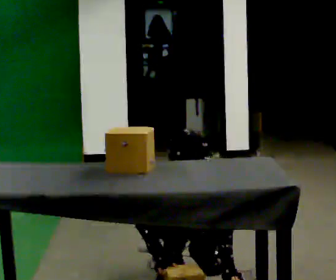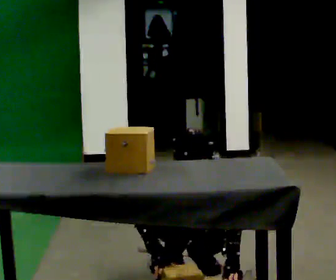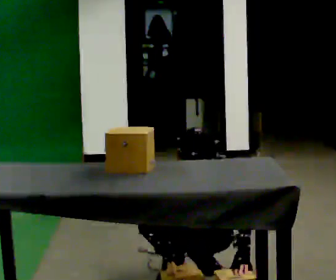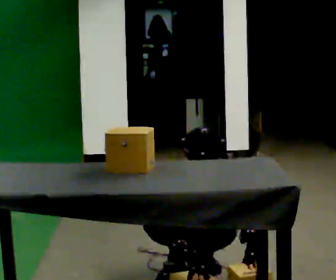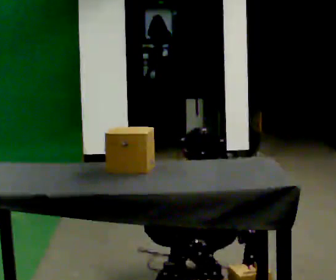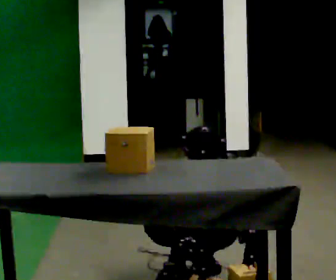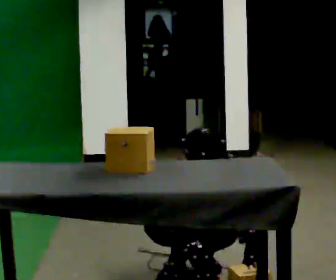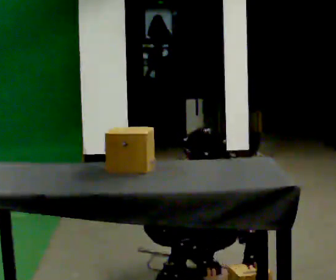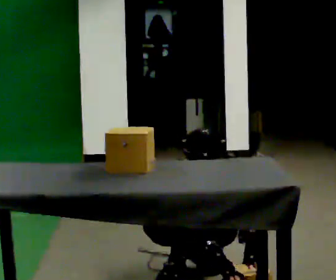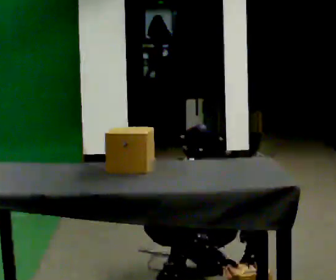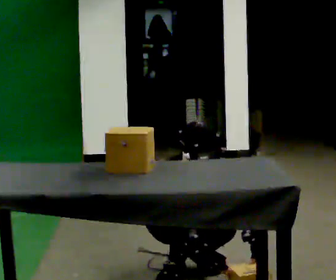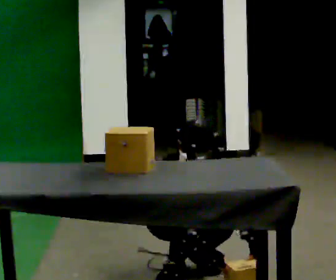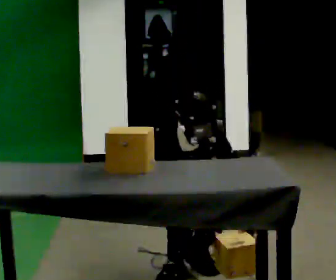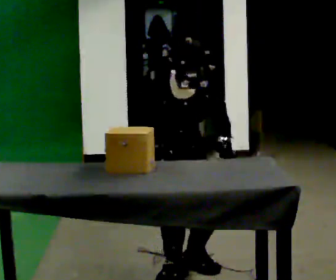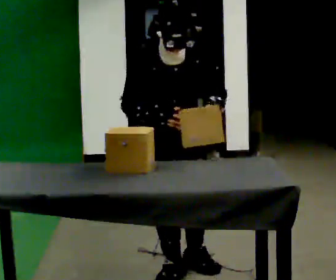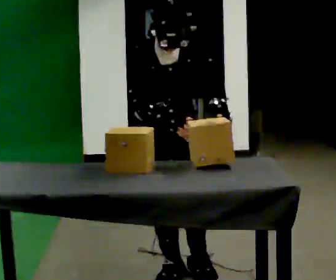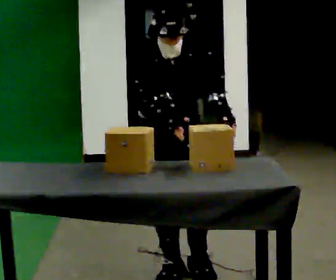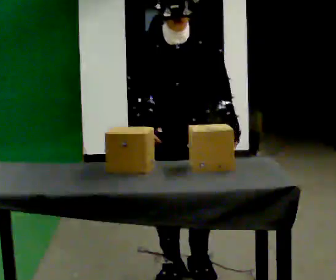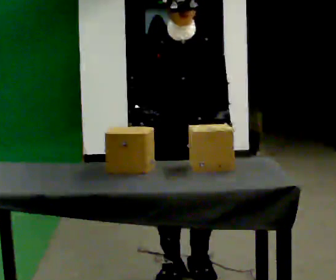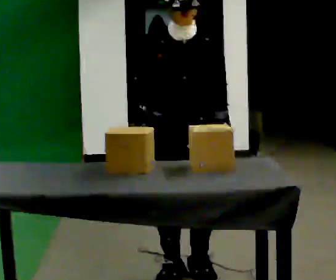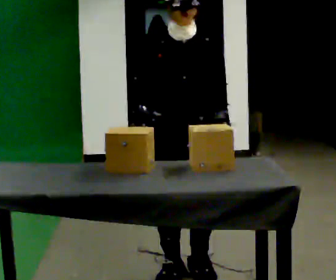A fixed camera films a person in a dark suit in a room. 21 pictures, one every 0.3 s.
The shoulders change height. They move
upward.
0.0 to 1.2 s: In the picture the upper body tilts clockwise, shoulders to the right.
1.2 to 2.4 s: The person moves a little, or ends about where they began.
2.4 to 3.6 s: The upper body goes upward.
3.6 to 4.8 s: The shoulders move upward. In the picture their left hand goes upward.
4.8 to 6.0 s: The upper body tips away from the camera, its near side rolling upward, as they lean back or straighten.
The film runs backward here.
